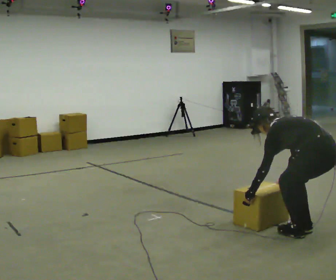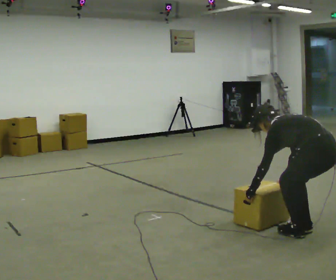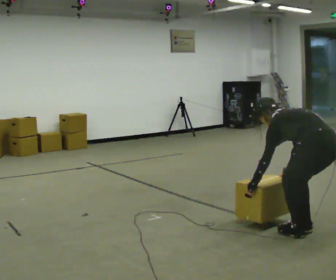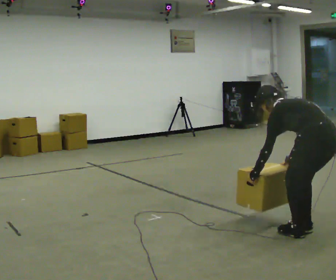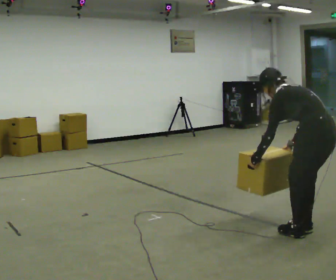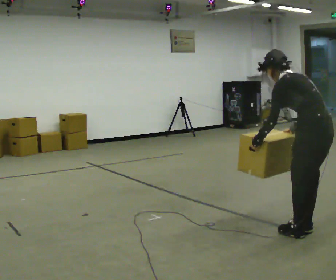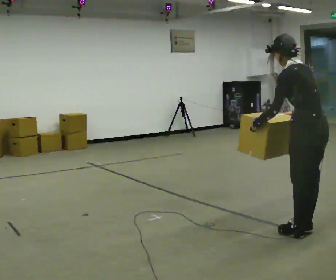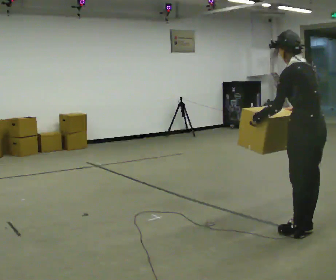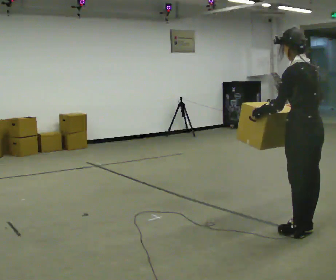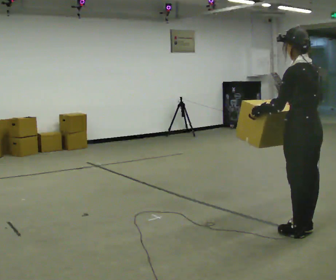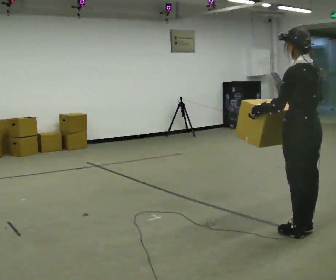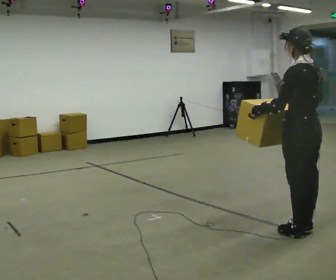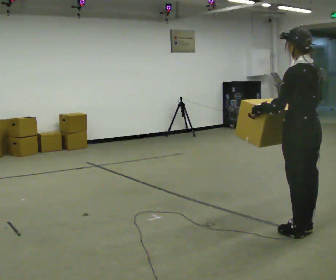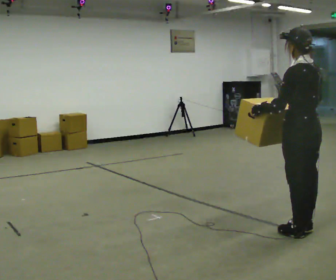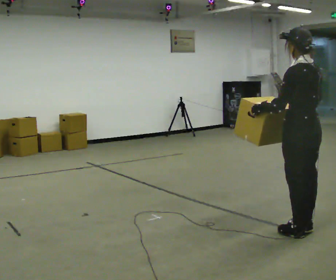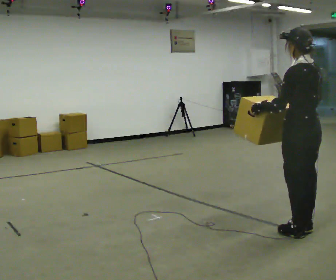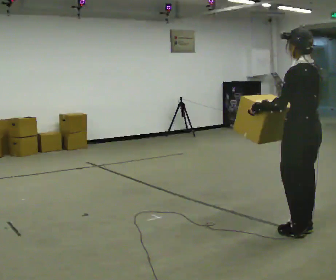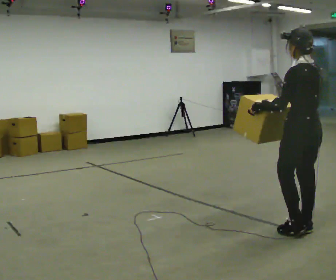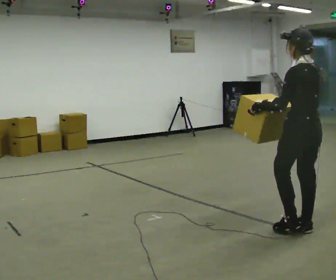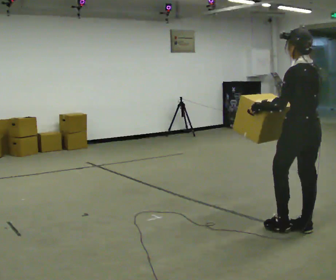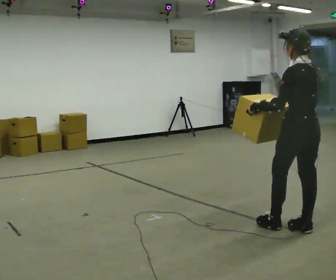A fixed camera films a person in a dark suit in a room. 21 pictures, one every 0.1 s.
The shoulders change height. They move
upward.
Their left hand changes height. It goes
upward.
0.0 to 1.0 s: The upper body goes upward. In the picture the upper body tilts clockwise, shoulders to the right, as they lean back or straighten. In the picture their left hand goes upward.
1.0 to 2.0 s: The person moves a little, or ends about where they began.
The film runs forward here.
